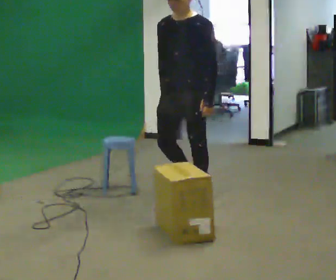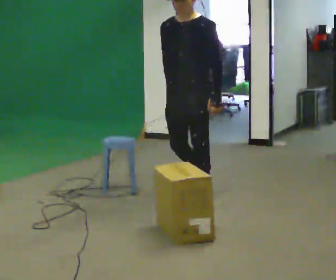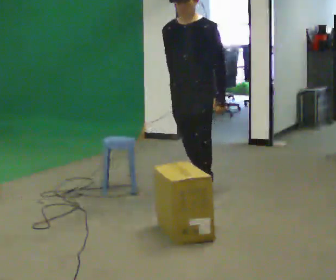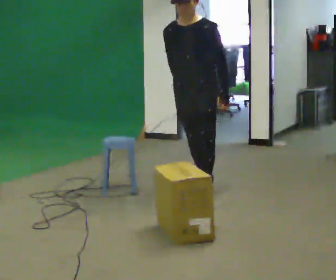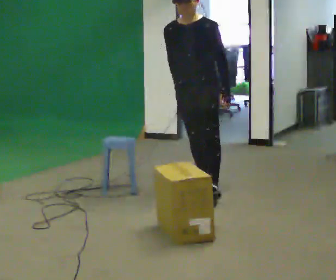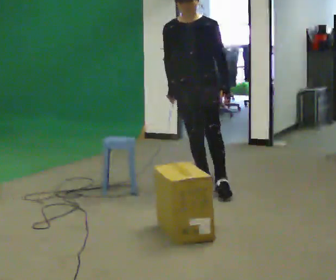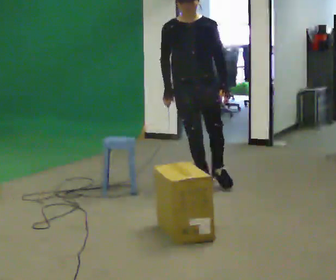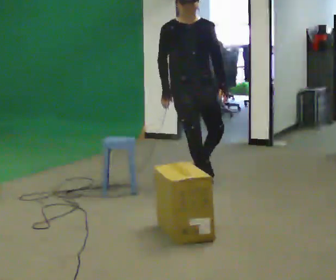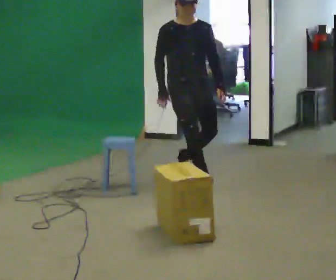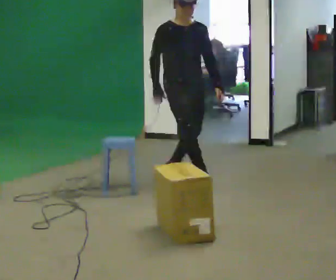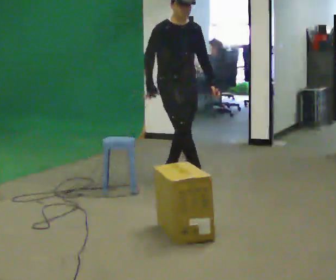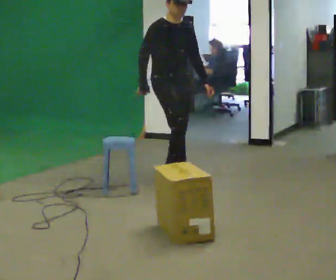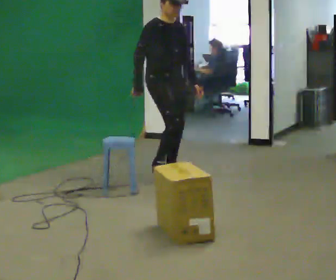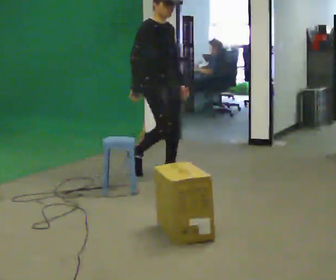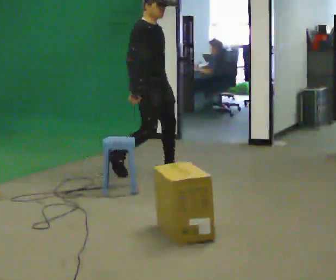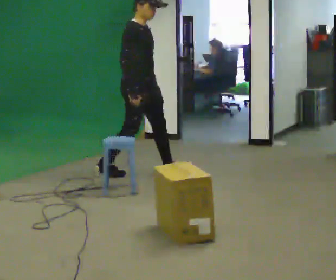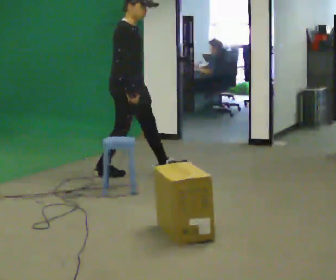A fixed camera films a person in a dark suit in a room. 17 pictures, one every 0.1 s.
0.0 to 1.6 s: The person turns about 105 degrees to their left, counterclockwise seen from above, so the part of the body nearest the lens slides to the right. In the picture they go away from the camera and to the left, about 1 m in 3 steps.
The film runs backward here.
